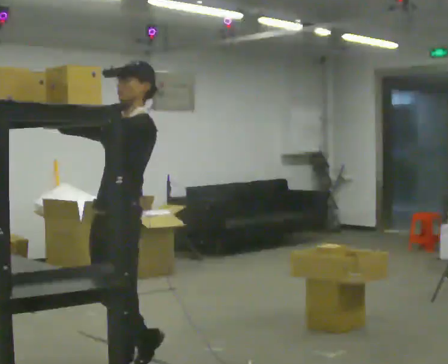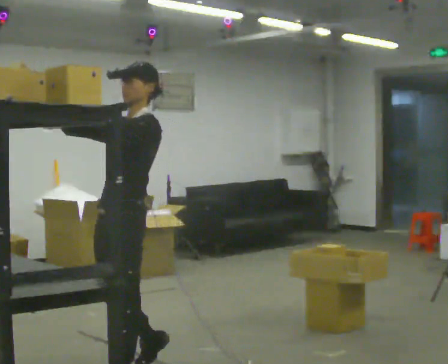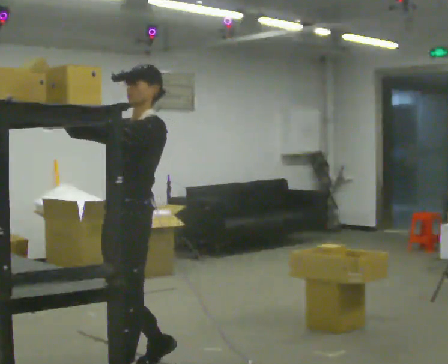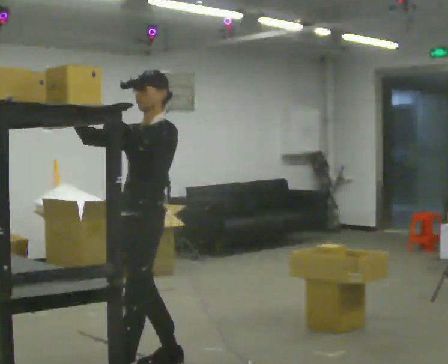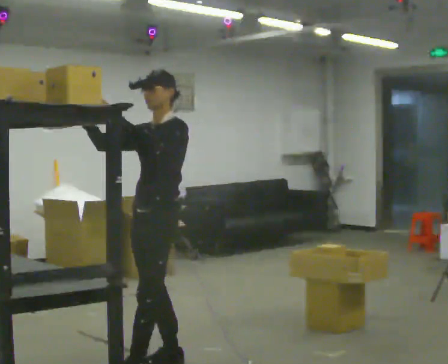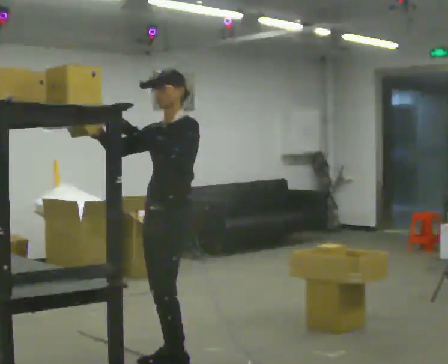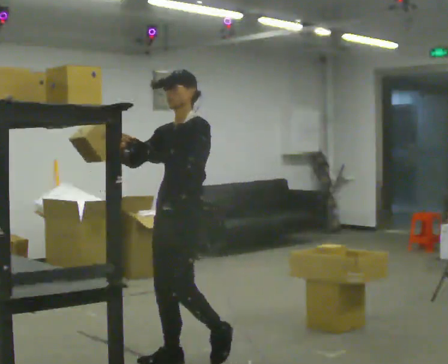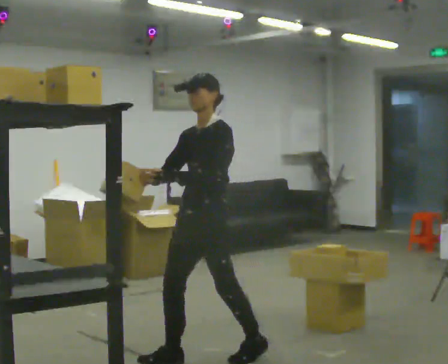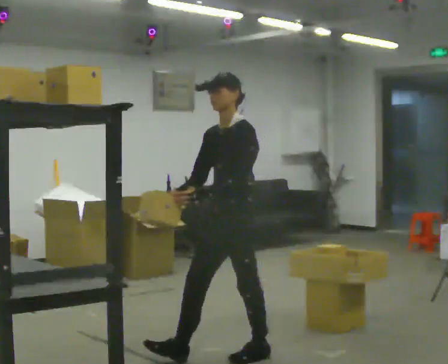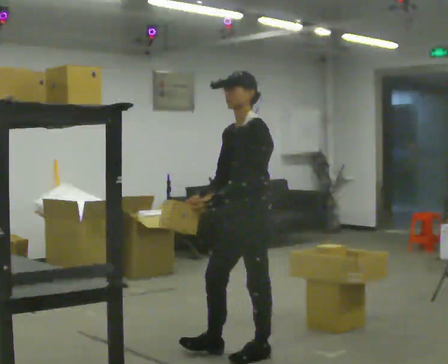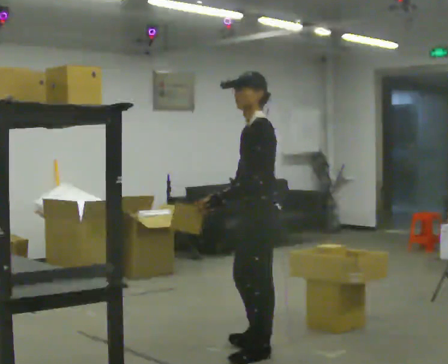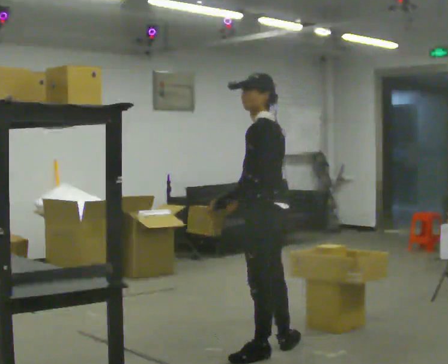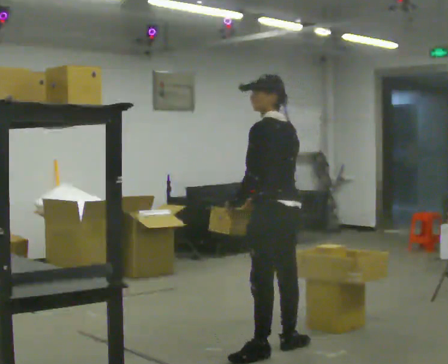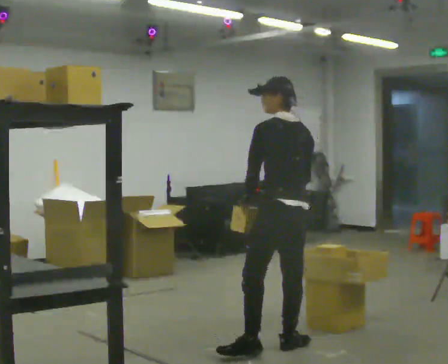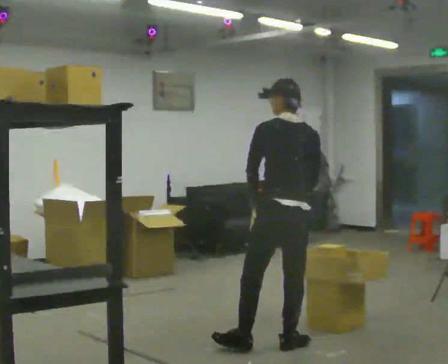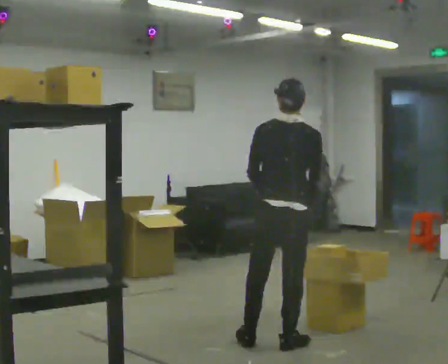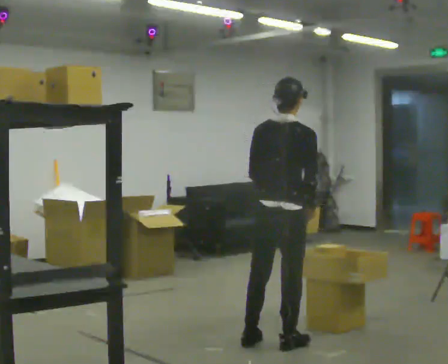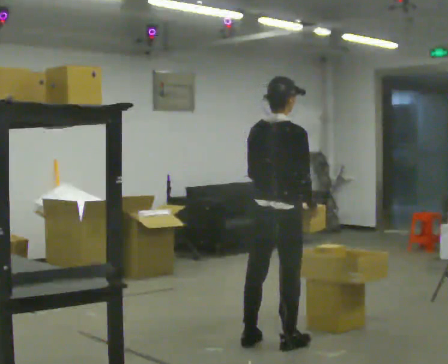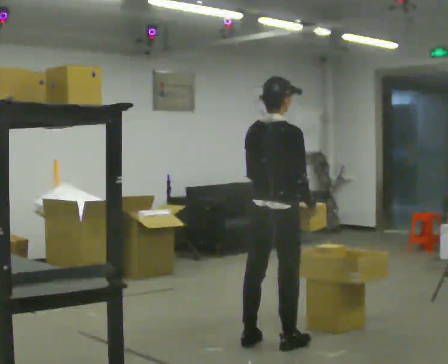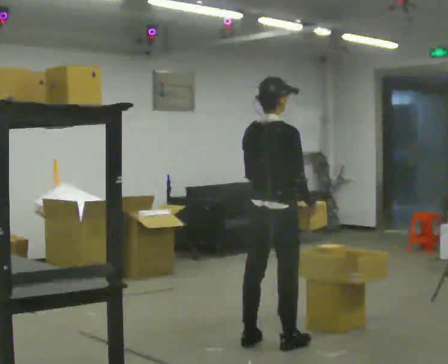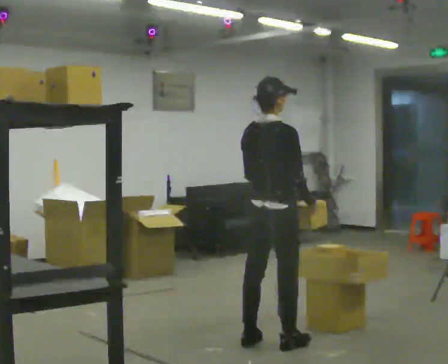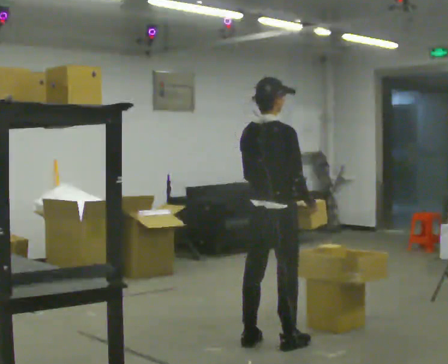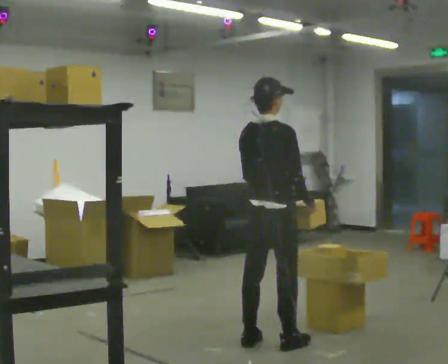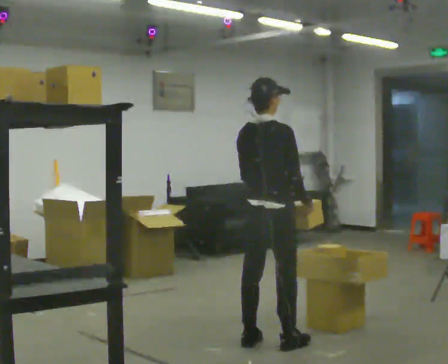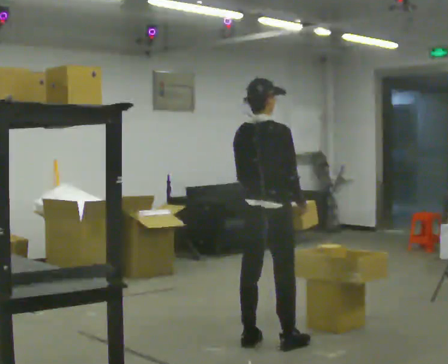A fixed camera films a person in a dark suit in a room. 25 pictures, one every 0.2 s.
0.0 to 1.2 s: In the picture they go away from the camera and to the right, about 0.5 m in 2 steps, which for them is backward.
1.2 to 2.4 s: The person turns about 75 degrees to their right, clockwise seen from above, so the part of the body nearest the lens slides to the left. In the picture they go to the right and away from the camera, about 0.5 m in 1 step. In the picture their right hand goes downward, the arm swinging counterclockwise.
2.4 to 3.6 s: The part of the body nearest the lens slides to the left as the person turns to their right by about 90 degrees. In the picture they go away from the camera, about 0.25 m in 1 step.
3.6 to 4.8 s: The person moves a little, or ends about where they began.
The film runs backward here.
